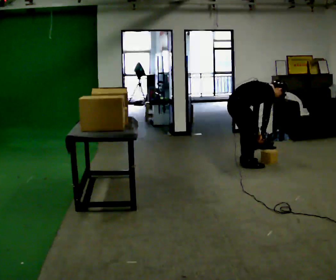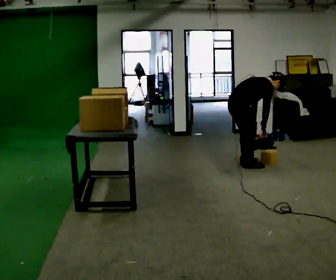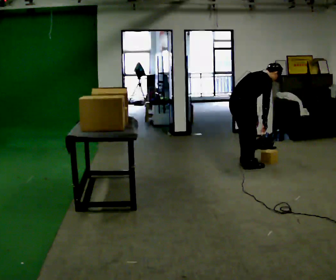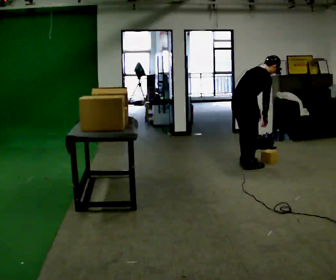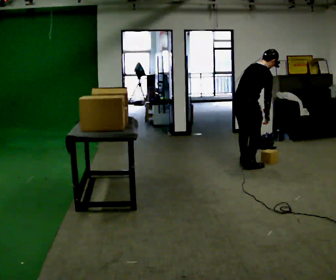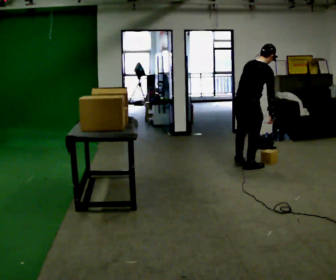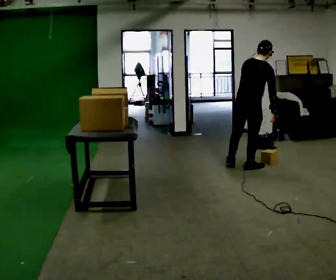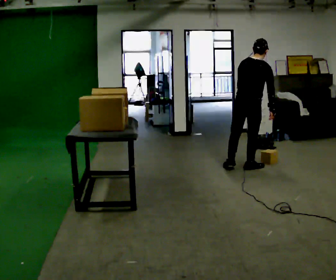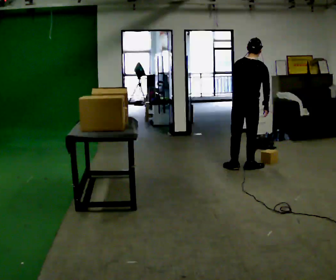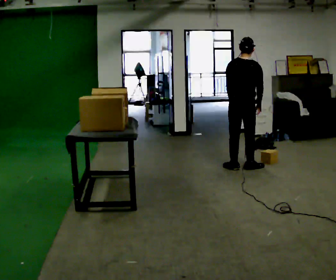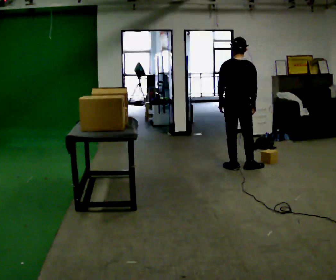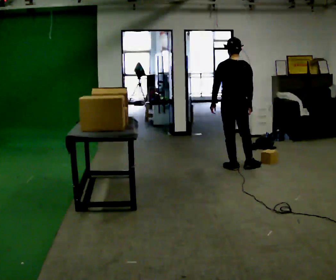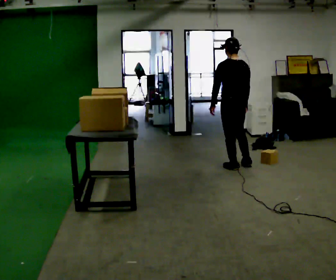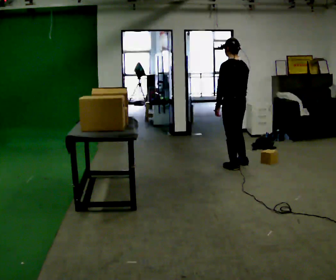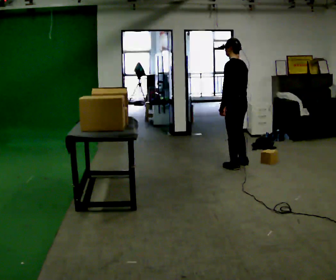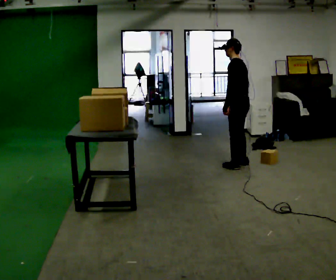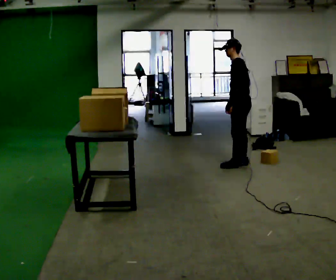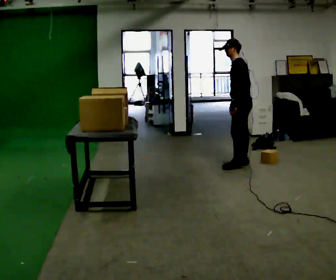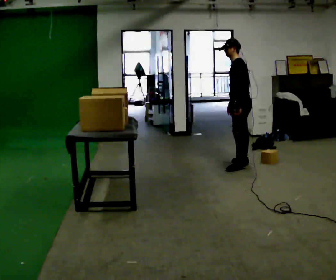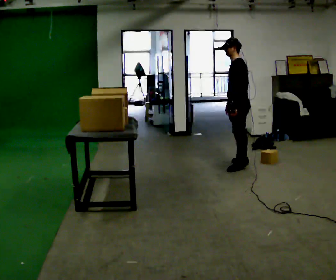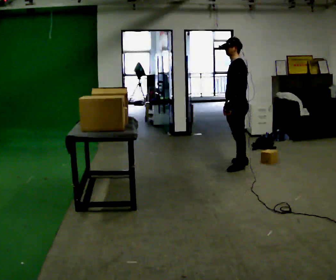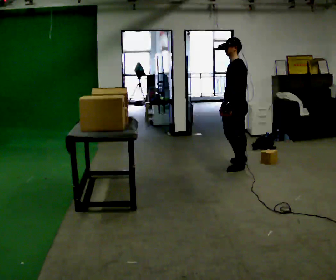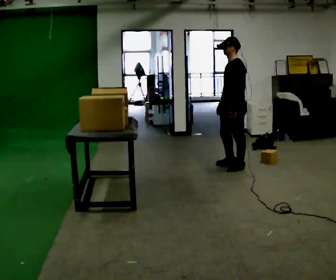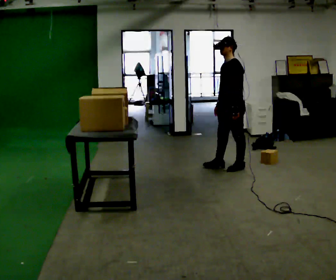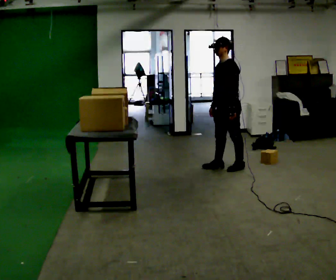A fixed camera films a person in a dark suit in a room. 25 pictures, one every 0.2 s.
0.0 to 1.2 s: The part of the body nearest the lens slides to the right as the person turns to their left by about 45 degrees. In the picture they go toward the camera, about 0.25 m, which for them is to their right. The shoulders move upward. In the picture the upper body tilts counterclockwise, shoulders to the left, as they lean back or straighten.
1.2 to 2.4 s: The person turns about 60 degrees to their left, counterclockwise seen from above, so the part of the body nearest the lens slides to the right. In the picture they go to the left, about 0.25 m in 1 step, which for them is to their left. In the picture the upper body tilts counterclockwise, shoulders to the left. In the picture their left hand goes to the left.
2.4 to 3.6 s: The person turns about 60 degrees to their left, counterclockwise seen from above, so the part of the body nearest the lens slides to the right.
3.6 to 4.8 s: In the picture they go to the left and toward the camera, about 0.25 m in 1 step, which for them is forward.
The film runs forward here.
